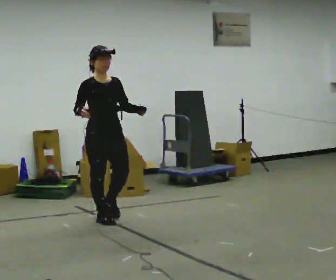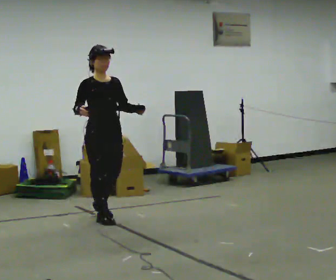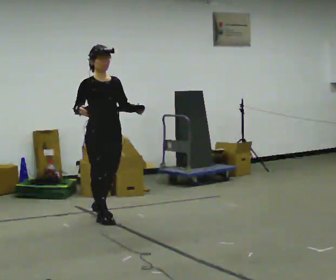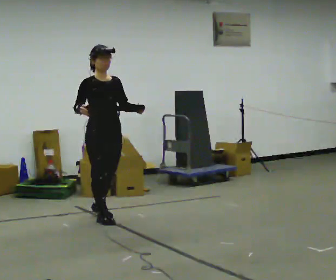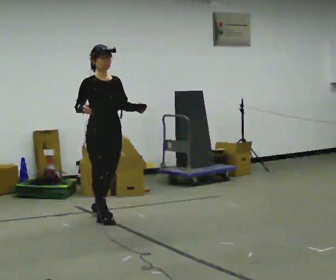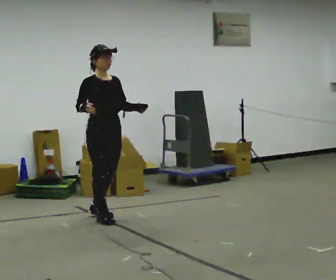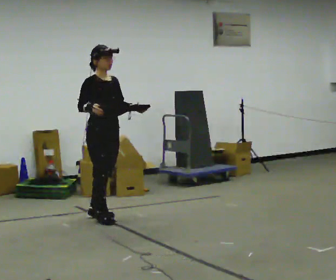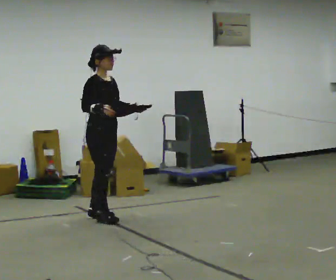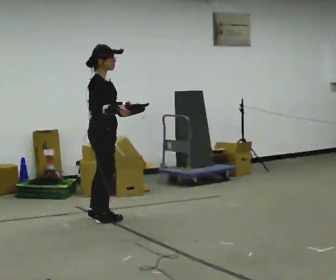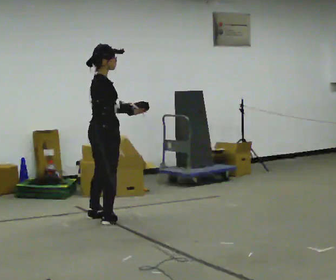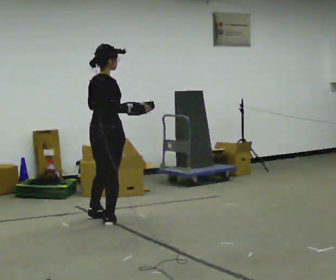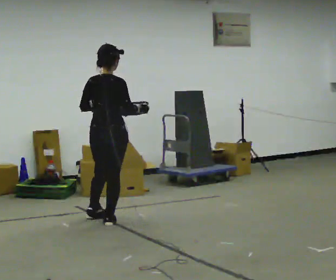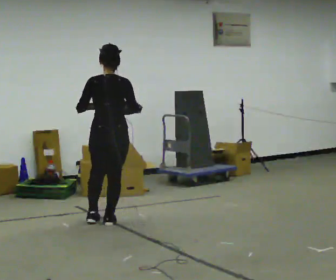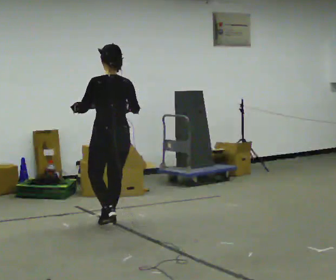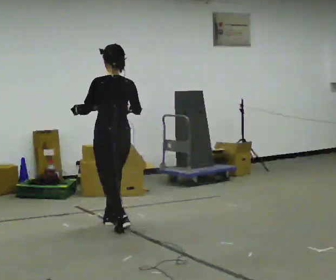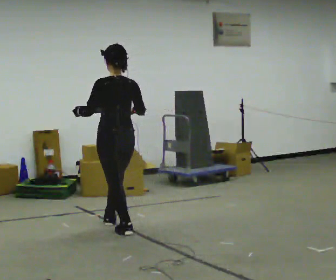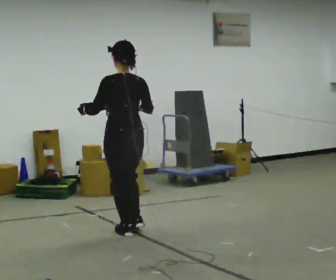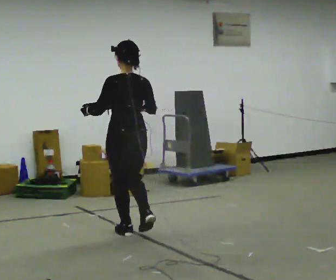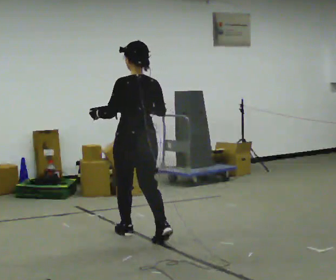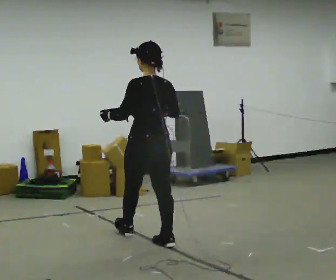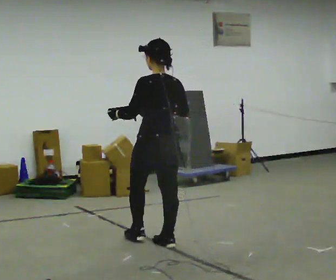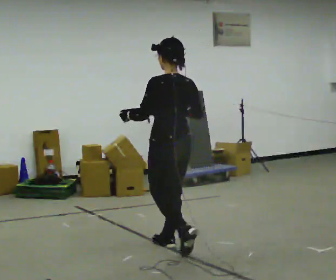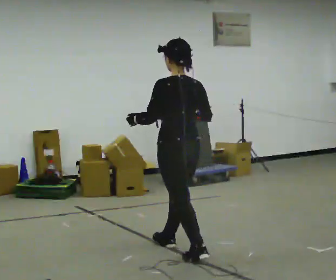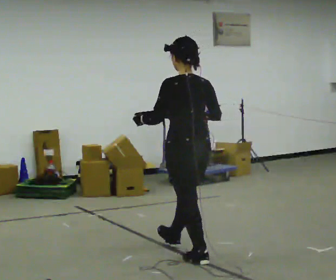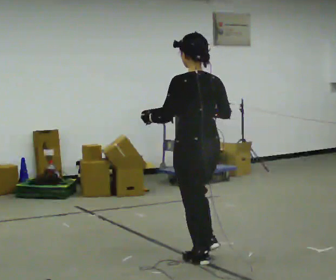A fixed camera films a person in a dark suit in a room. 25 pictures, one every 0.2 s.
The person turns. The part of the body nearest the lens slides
to the right.
The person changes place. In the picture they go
toward the camera.
0.0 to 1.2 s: In the picture they go away from the camera, about 0.25 m, which for them is backward.
1.2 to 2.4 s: The person turns about 135 degrees to their left, counterclockwise seen from above, so the part of the body nearest the lens slides to the right. In the picture they go toward the camera, about 0.25 m in 2 steps.
2.4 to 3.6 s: In the picture they go toward the camera and to the right, about 0.5 m in 1 step, which for them is backward.
3.6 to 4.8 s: In the picture they go toward the camera and to the right, about 1 m in 2 steps, which for them is backward.
The film runs backward here.
